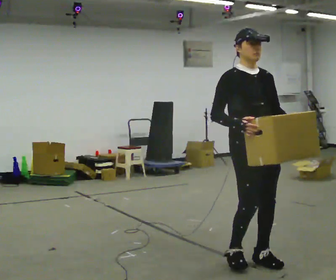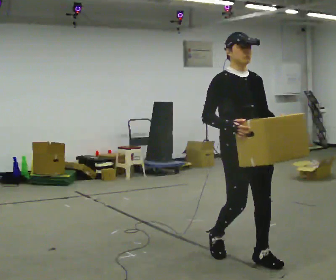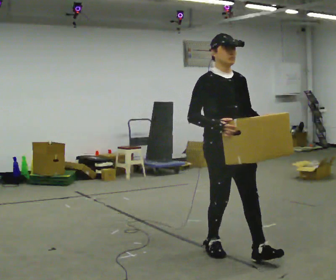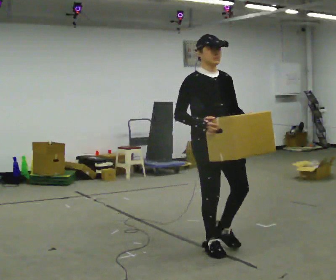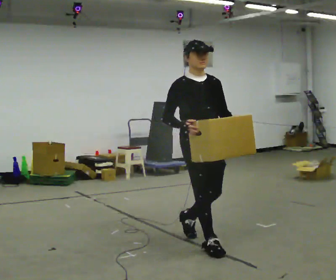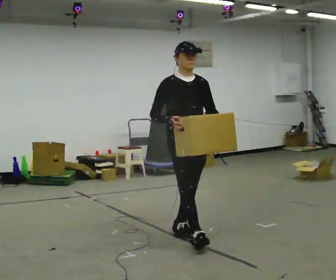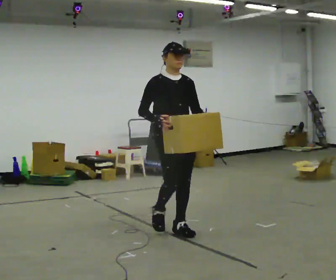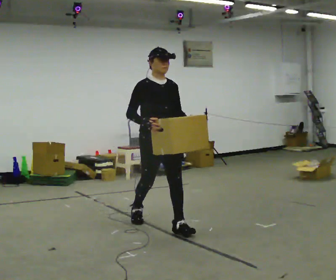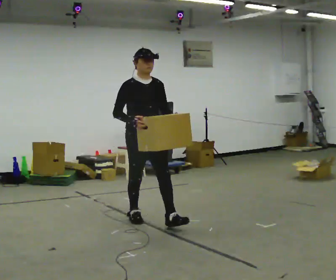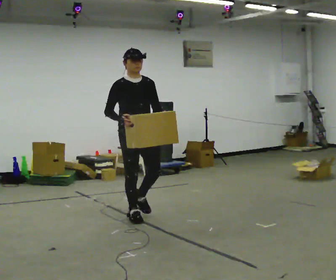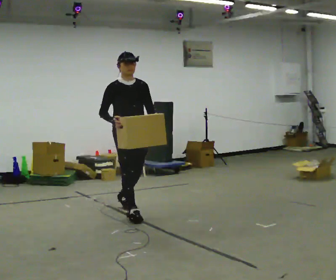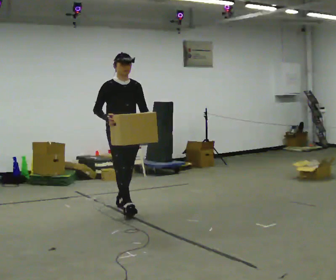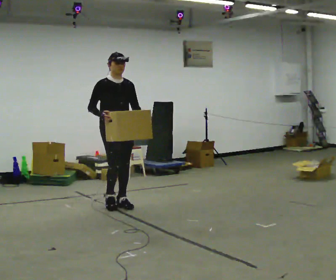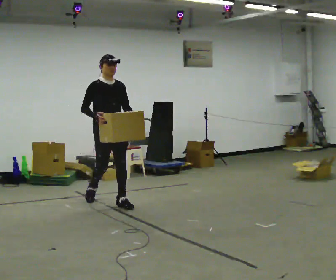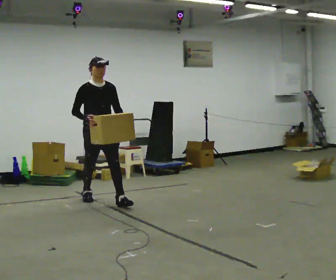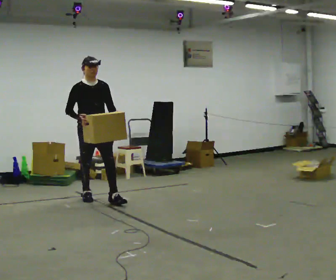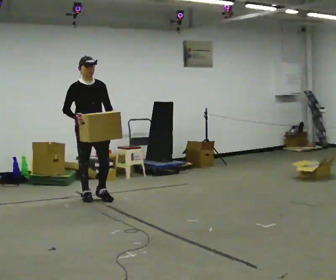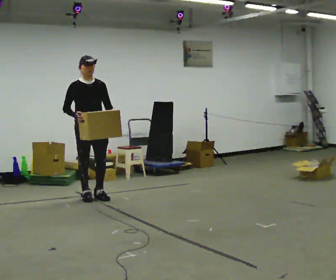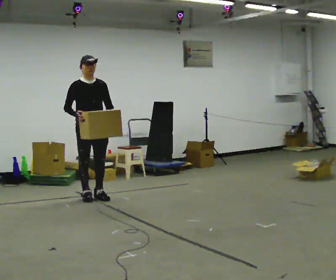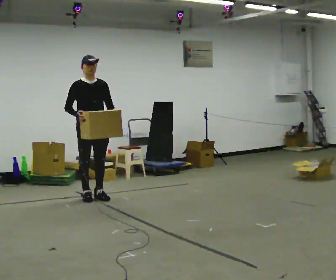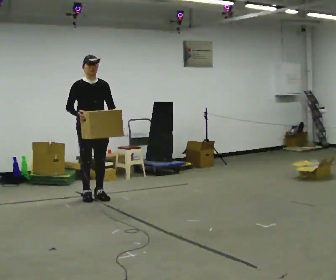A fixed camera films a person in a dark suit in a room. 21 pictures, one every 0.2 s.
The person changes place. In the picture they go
away from the camera.
0.0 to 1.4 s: In the picture they go away from the camera and to the left, about 1.5 m in 2 steps, which for them is backward.
1.4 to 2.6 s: In the picture they go away from the camera and to the left, about 1 m in 2 steps, which for them is backward.
2.6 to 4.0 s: In the picture they go away from the camera and to the left, about 0.5 m in 1 step, which for them is backward.
The film runs backward here.
